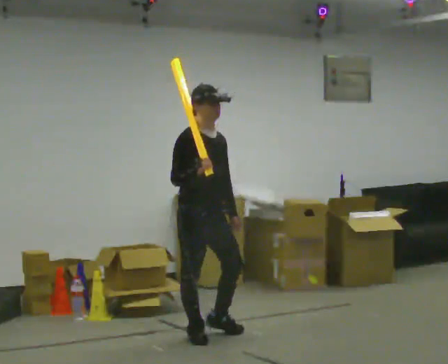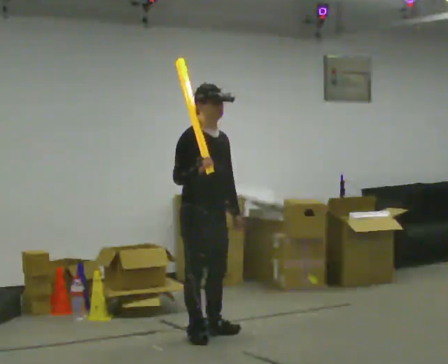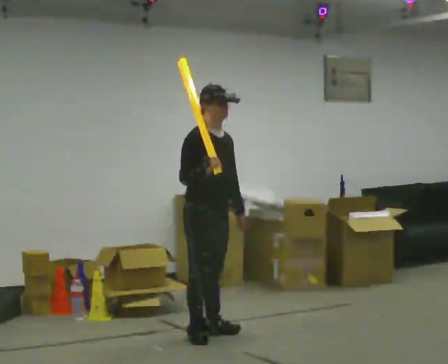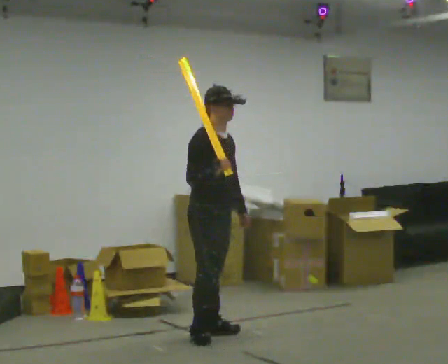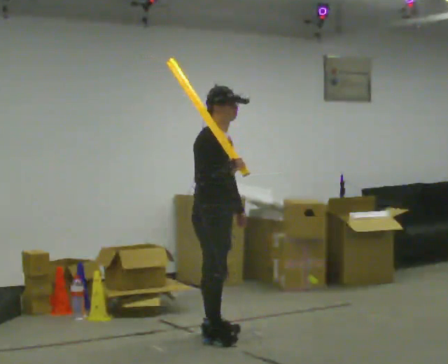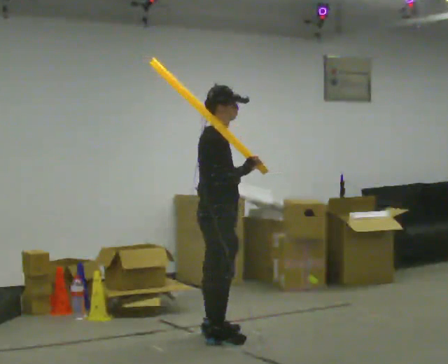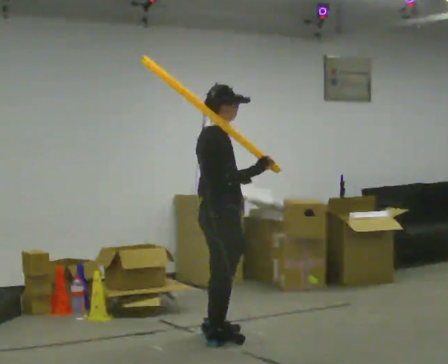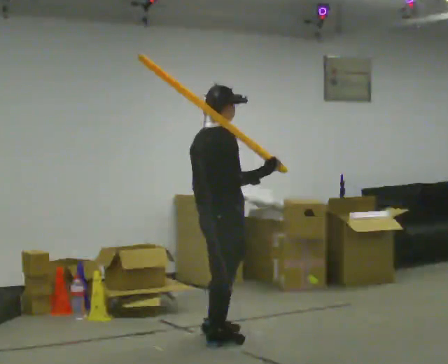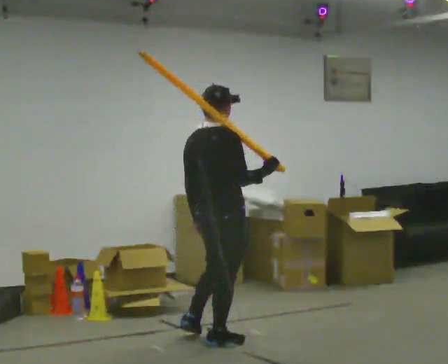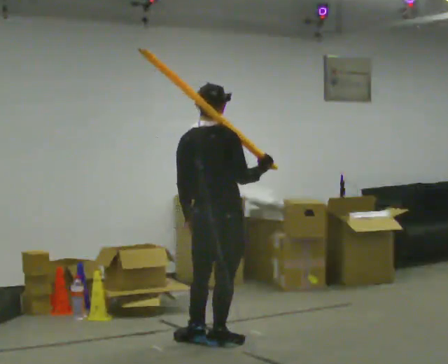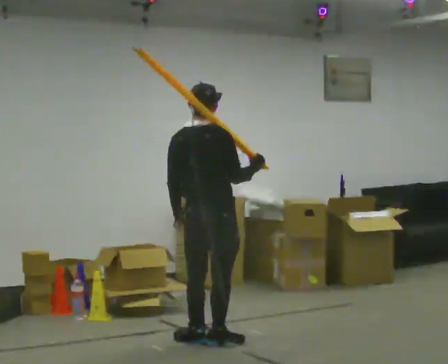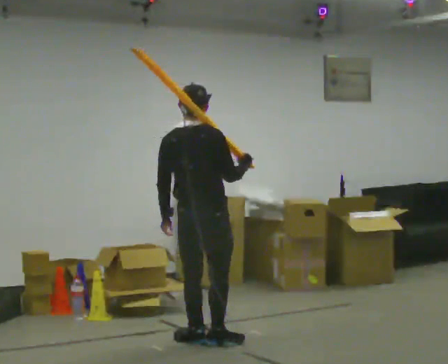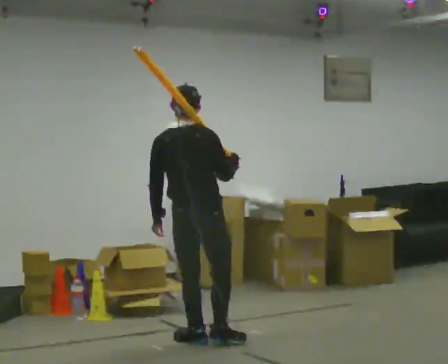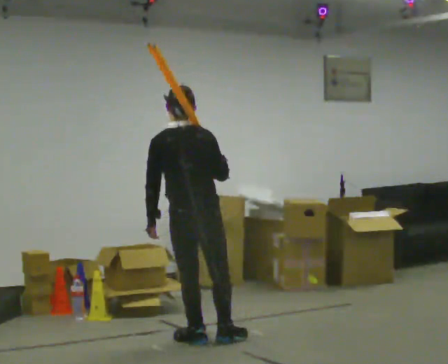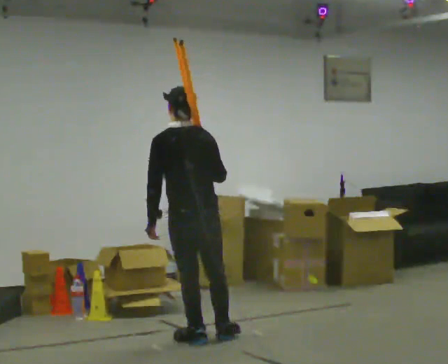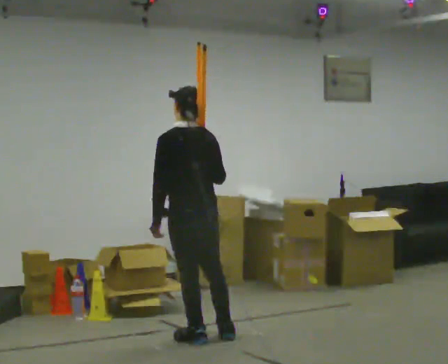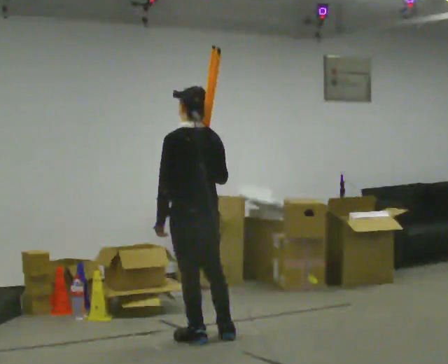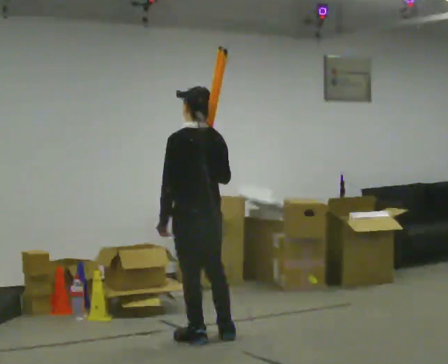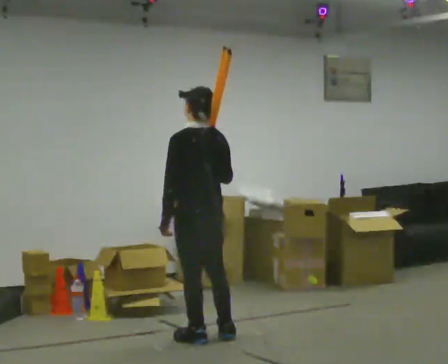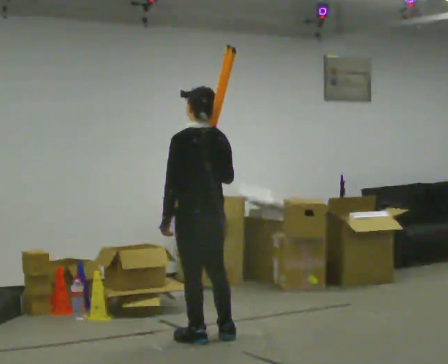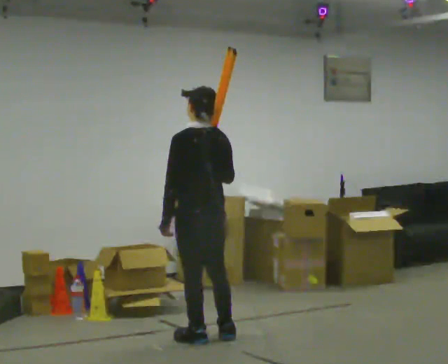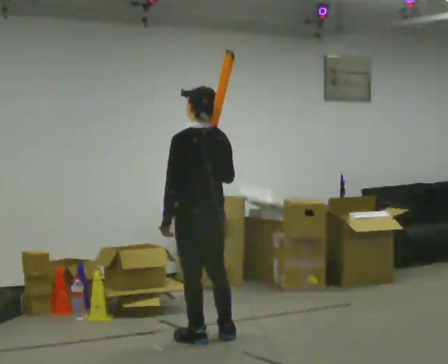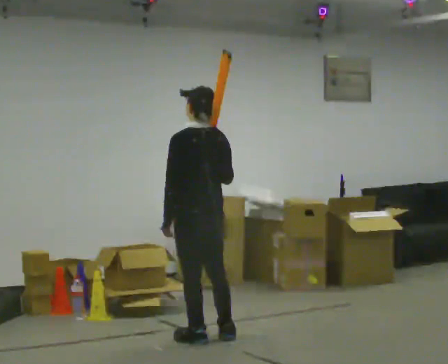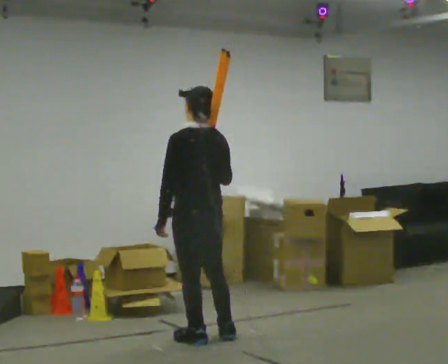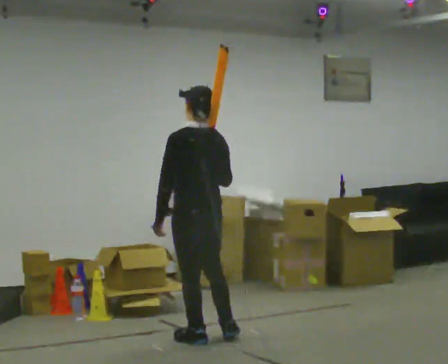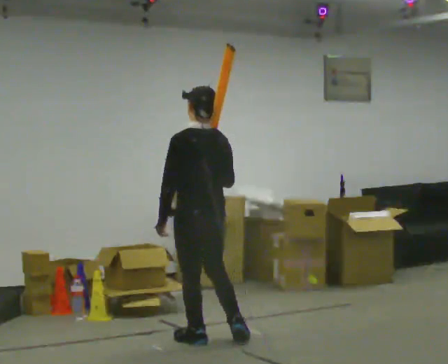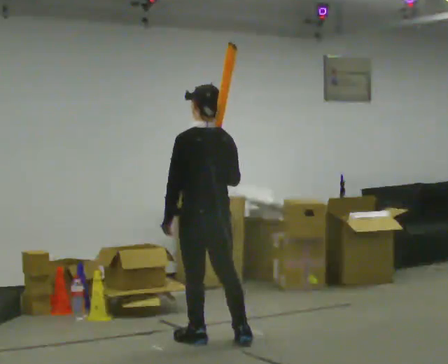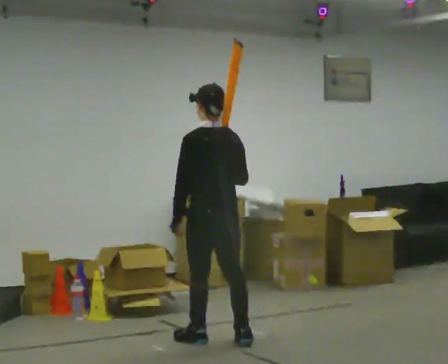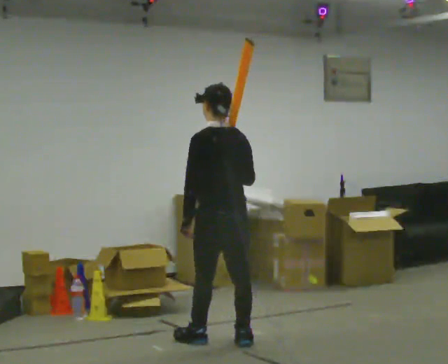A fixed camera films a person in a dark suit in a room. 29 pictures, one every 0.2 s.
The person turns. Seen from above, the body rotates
counterclockwise.
The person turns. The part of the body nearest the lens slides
to the right.
0.0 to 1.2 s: Seen from above the body turns counterclockwise, about 60 degrees: to their left, with its near side sliding to the right. In the picture their right hand goes to the right.
1.2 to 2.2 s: The part of the body nearest the lens slides to the right as the person turns to their left by about 60 degrees.
2.2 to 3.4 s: The person turns about 45 degrees to their left, counterclockwise seen from above, so the part of the body nearest the lens slides to the right.
3.4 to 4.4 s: The person moves a little, or ends about where they began.
4.4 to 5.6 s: In the picture they go to the right, about 0.25 m in 1 step, which for them is backward.
The film runs backward here.
